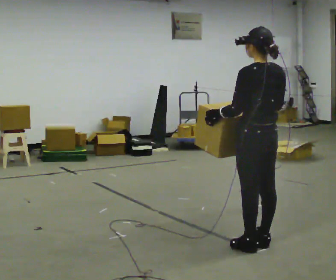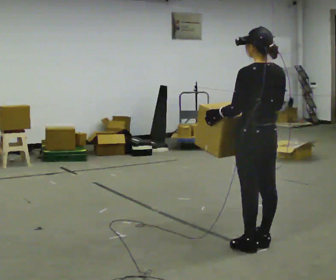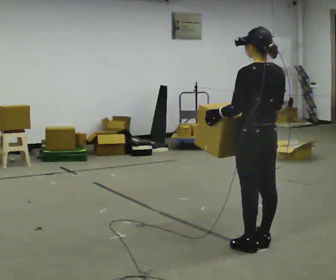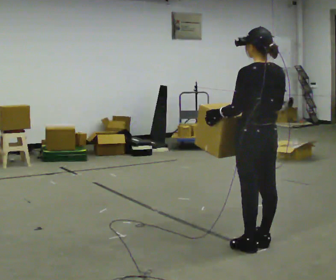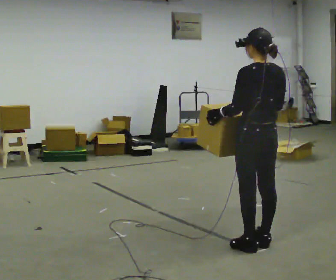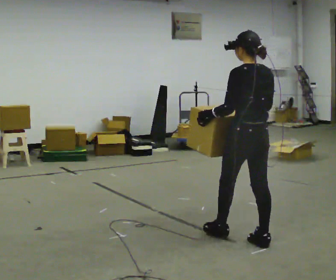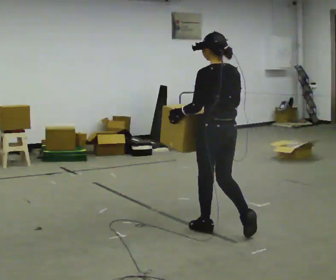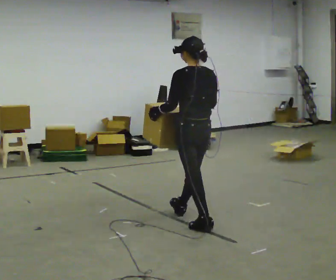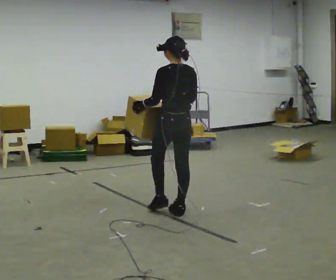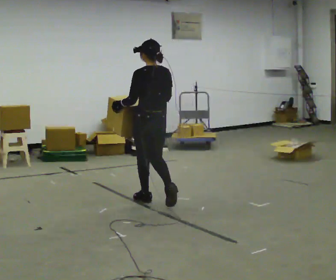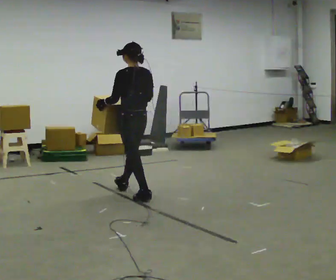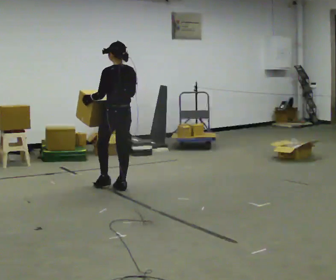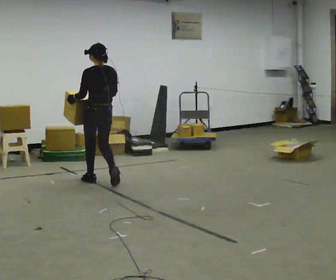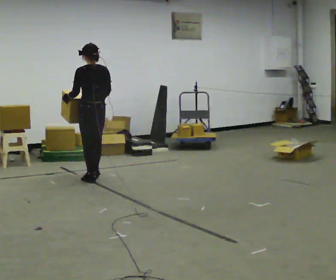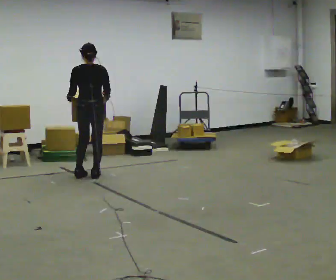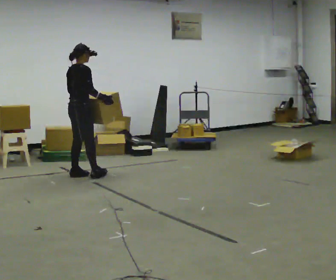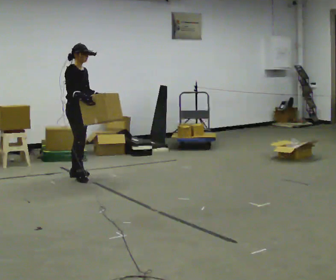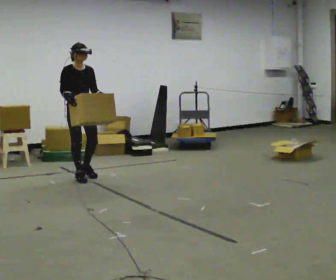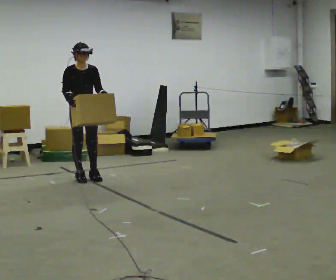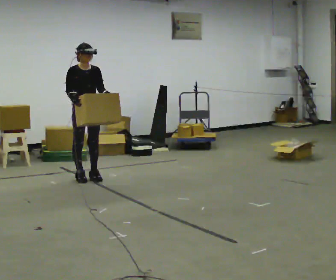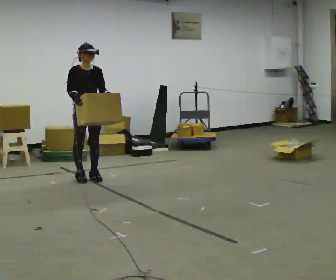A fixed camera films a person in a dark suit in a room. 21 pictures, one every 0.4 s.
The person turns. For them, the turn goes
to their right.
The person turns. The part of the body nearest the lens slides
to the left.
0.0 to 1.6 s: The person moves a little, or ends about where they began.
1.6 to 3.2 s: In the picture they go away from the camera and to the left, about 1 m in 2 steps, which for them is forward.
3.2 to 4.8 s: In the picture they go away from the camera and to the left, about 1.5 m in 3 steps, which for them is forward.
4.8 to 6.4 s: The part of the body nearest the lens slides to the left as the person turns to their right by about 150 degrees. In the picture they go to the left and away from the camera, about 0.5 m in 3 steps.
6.4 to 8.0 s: The part of the body nearest the lens slides to the left as the person turns to their right by about 45 degrees.
The film runs forward here.
